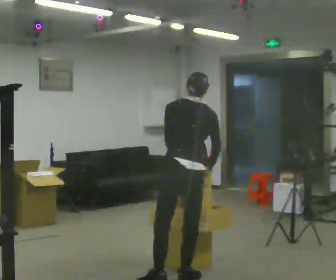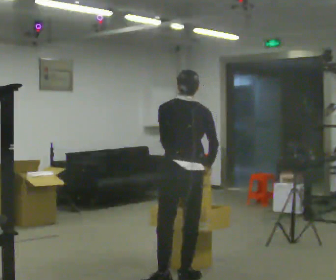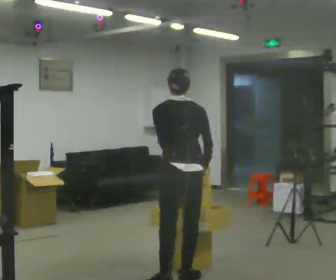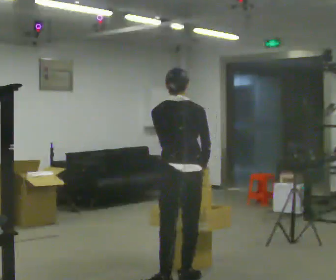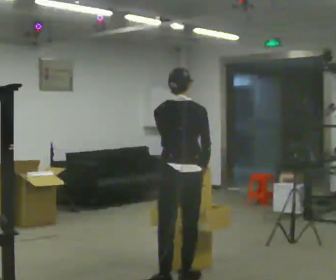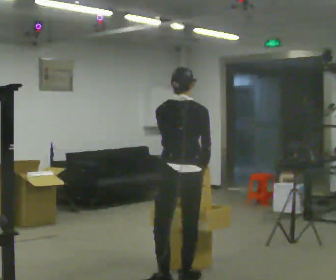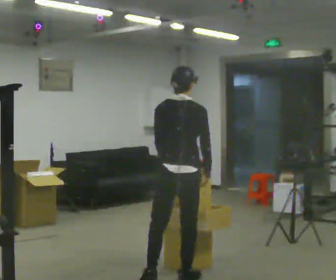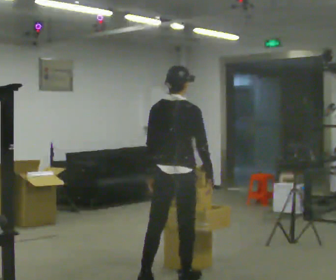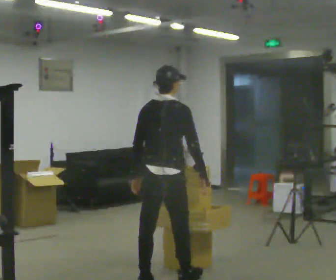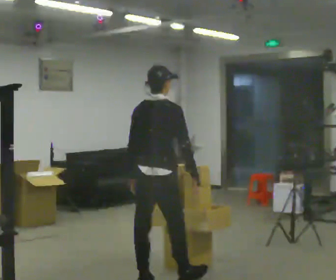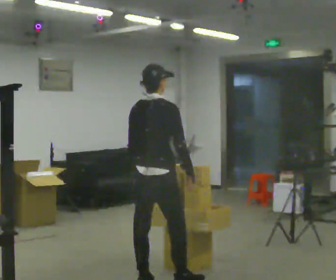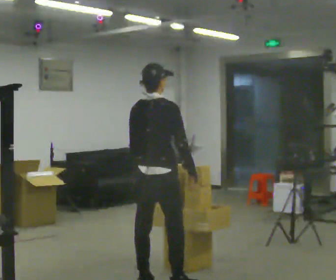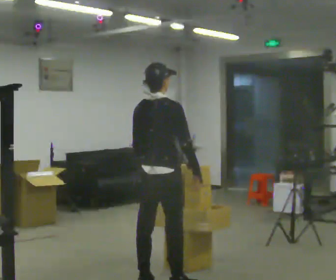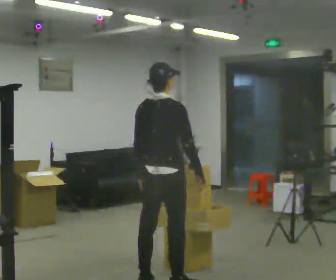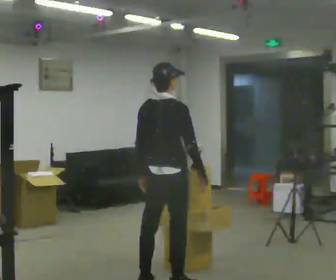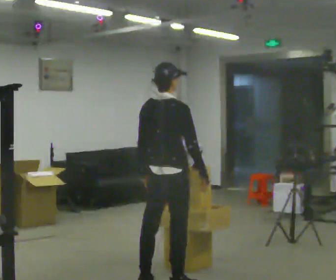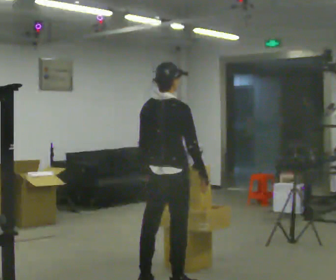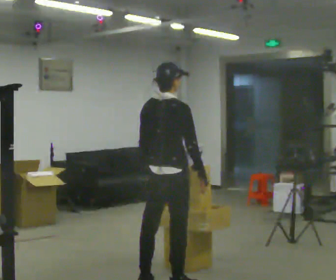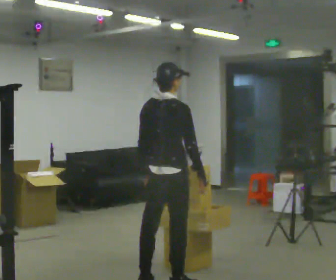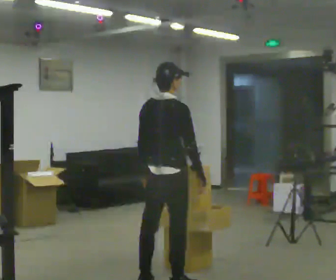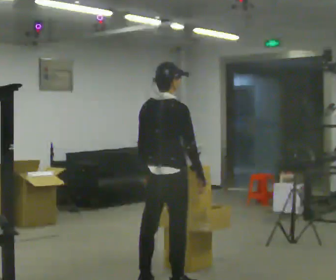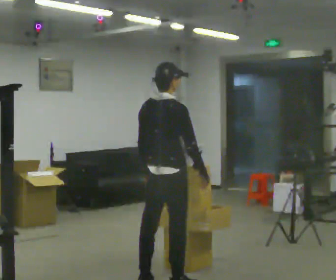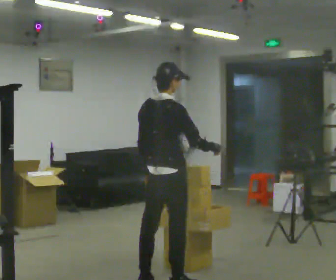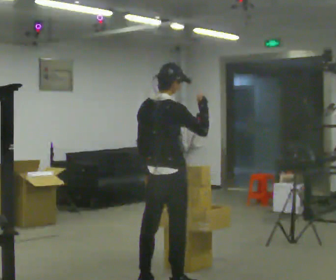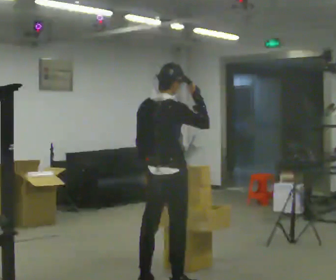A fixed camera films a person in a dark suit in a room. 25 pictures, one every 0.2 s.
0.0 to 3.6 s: The person turns about 45 degrees to their right, clockwise seen from above, so the part of the body nearest the lens slides to the left. In the picture they go to the left, about 0.25 m in 3 steps, which for them is backward. The upper body tips toward the camera, its near side rolling downward, as they lean back or straighten.
3.6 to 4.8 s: In the picture their right hand goes upward.
The film runs forward here.
